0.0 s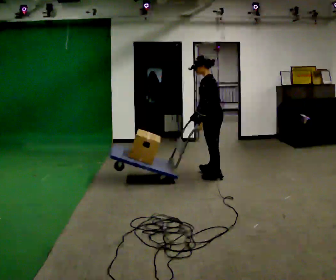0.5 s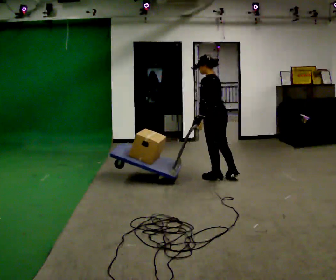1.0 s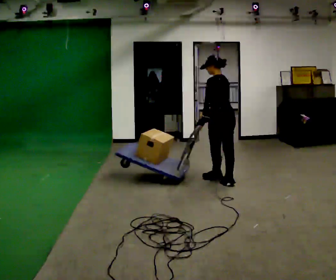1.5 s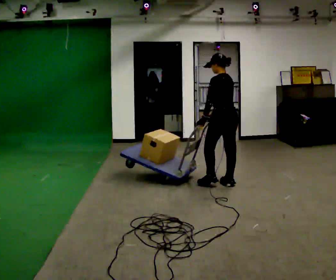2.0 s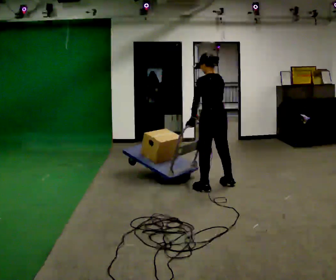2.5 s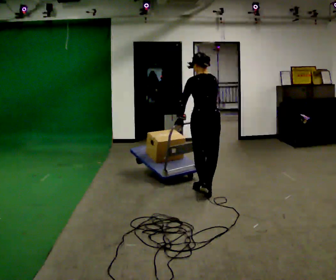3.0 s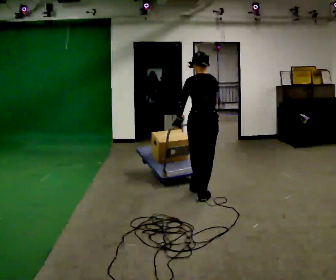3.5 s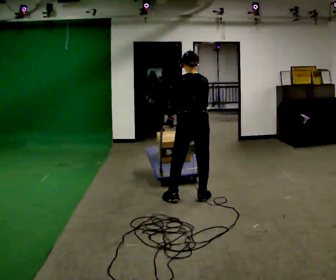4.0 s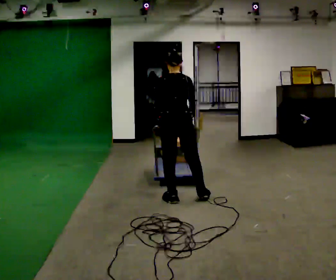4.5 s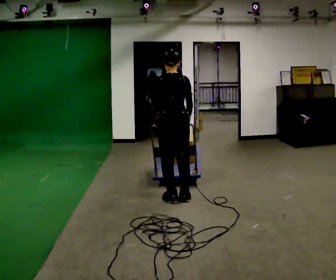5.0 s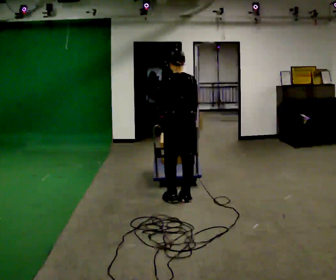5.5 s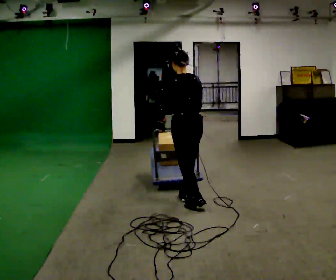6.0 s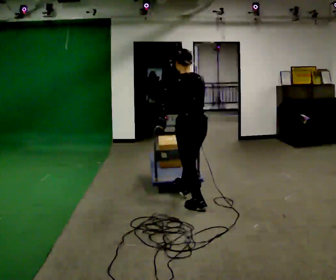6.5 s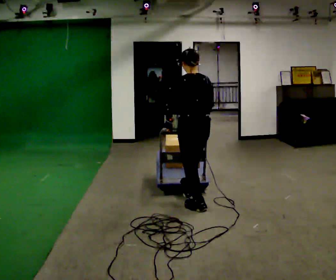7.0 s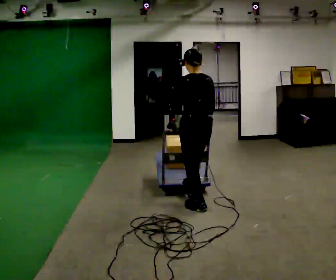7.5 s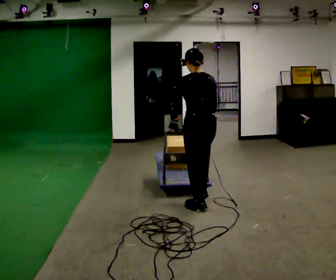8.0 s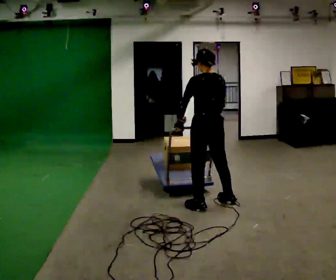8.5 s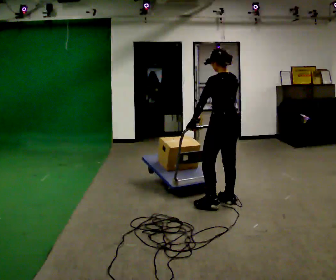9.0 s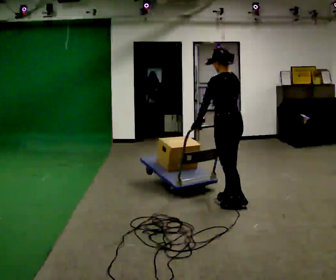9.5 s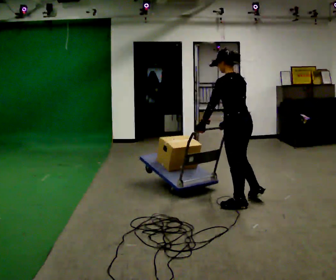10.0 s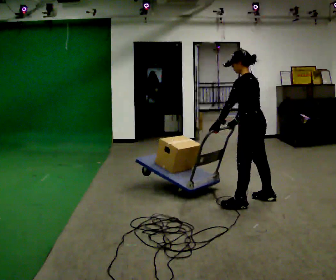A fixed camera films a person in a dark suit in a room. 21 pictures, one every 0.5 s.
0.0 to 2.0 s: The part of the body nearest the lens slides to the left as the person turns to their right by about 30 degrees. In the picture they go toward the camera, about 0.5 m in 2 steps, which for them is backward and to their left.
2.0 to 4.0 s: The person turns about 30 degrees to their right, clockwise seen from above, so the part of the body nearest the lens slides to the left. In the picture they go to the left and toward the camera, about 0.5 m in 2 steps, which for them is to their left and backward.
4.0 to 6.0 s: In the picture they go toward the camera, about 0.25 m in 2 steps, which for them is backward.
6.0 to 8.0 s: In the picture they go to the right, about 0.25 m in 1 step, which for them is to their right.
8.0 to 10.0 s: Seen from above the body turns counterclockwise, about 30 degrees: to their left, with its near side sliding to the right. In the picture they go to the right, about 0.5 m in 2 steps, which for them is to their right and backward.
The film runs backward here.
